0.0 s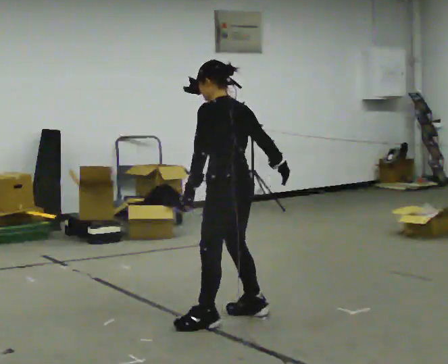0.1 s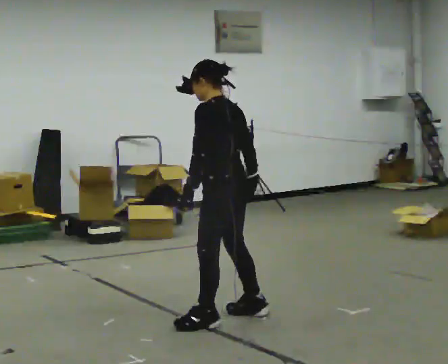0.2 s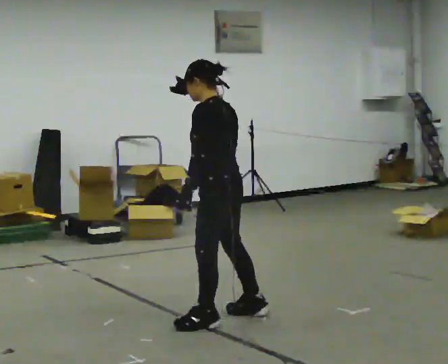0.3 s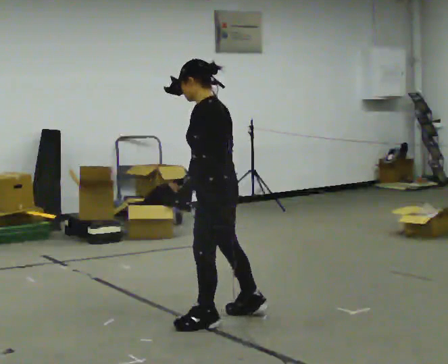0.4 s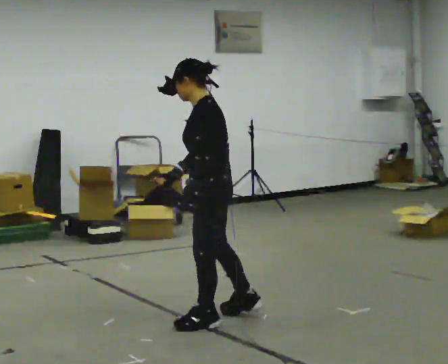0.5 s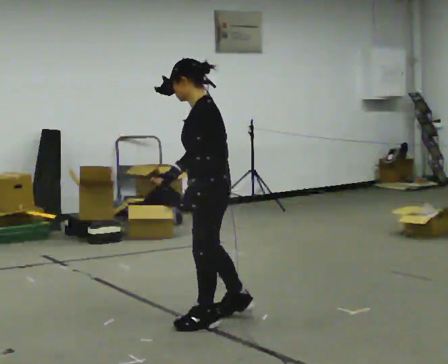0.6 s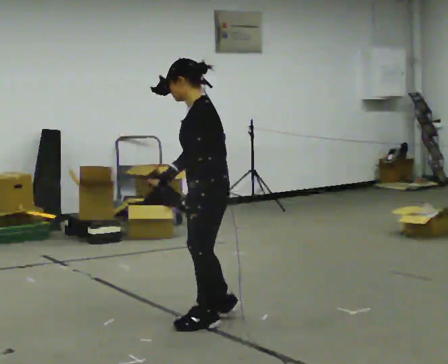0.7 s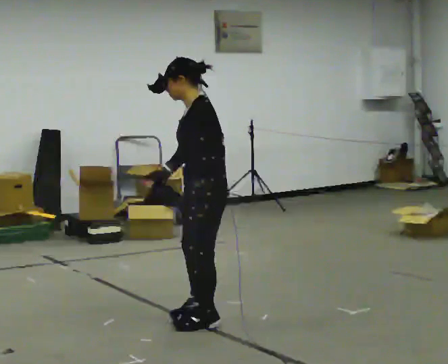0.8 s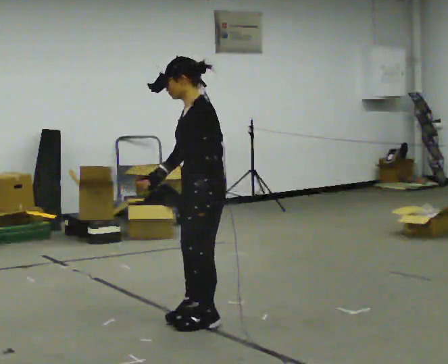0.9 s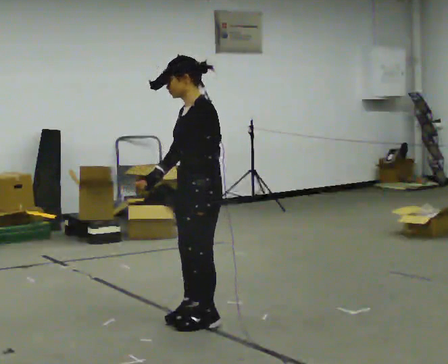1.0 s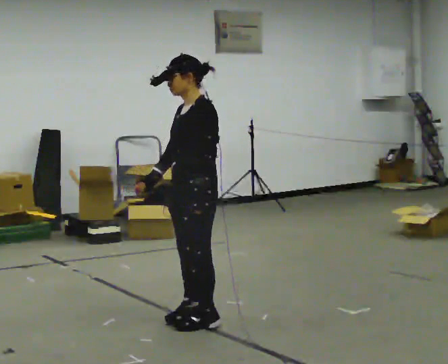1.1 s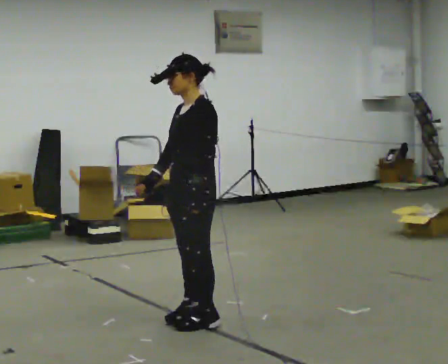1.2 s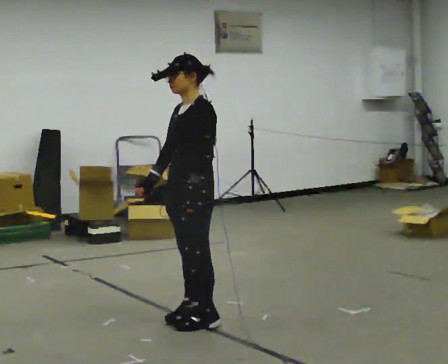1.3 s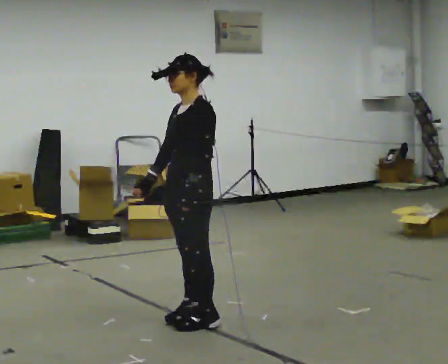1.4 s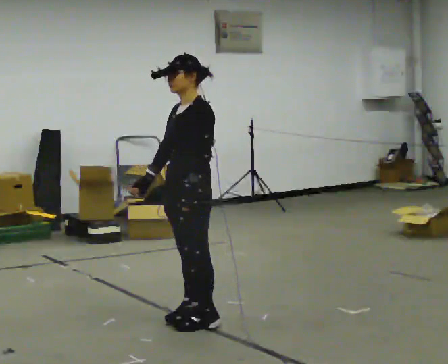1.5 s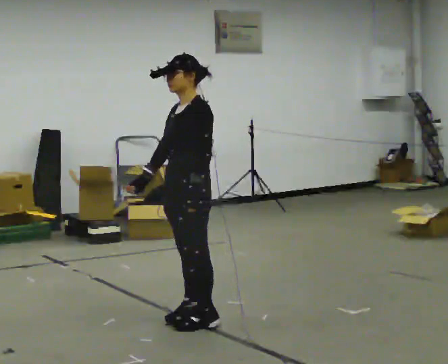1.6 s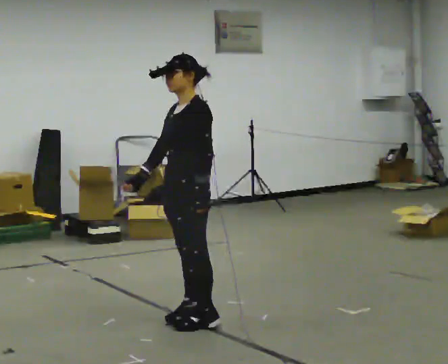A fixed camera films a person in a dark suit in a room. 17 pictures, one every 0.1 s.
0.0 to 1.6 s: Seen from above the body turns counterclockwise, about 60 degrees: to their left, with its near side sliding to the right. In the picture they go to the left, about 0.25 m in 1 step. In the picture their right hand goes to the left, the arm swinging clockwise.
The film runs backward here.
